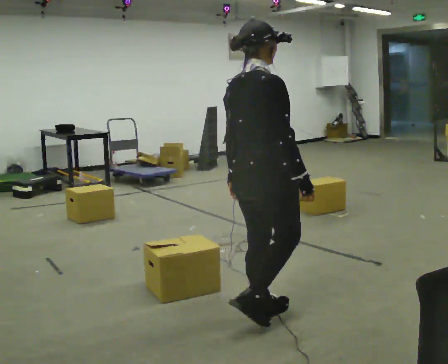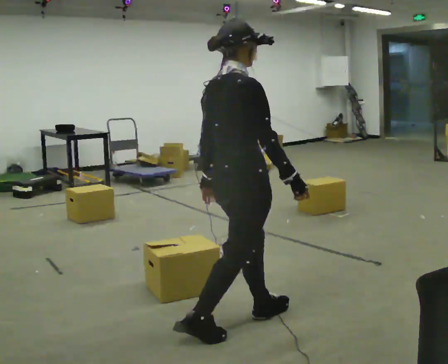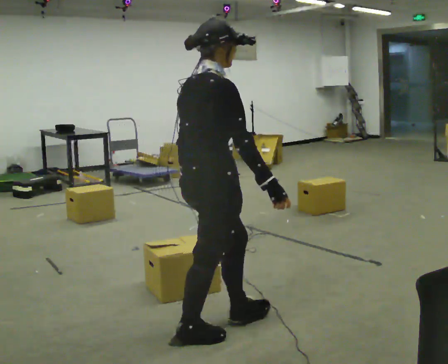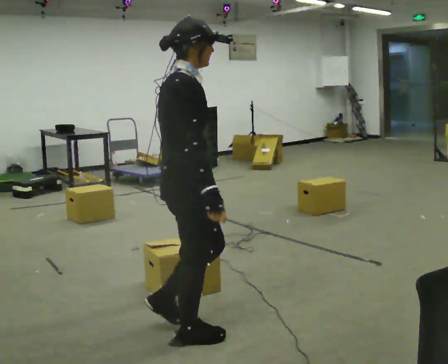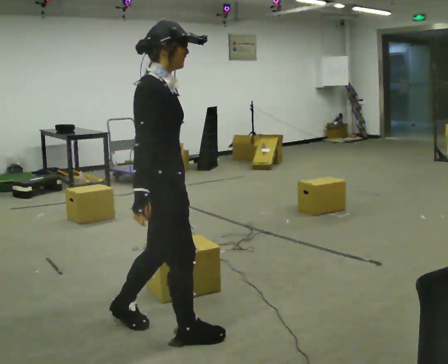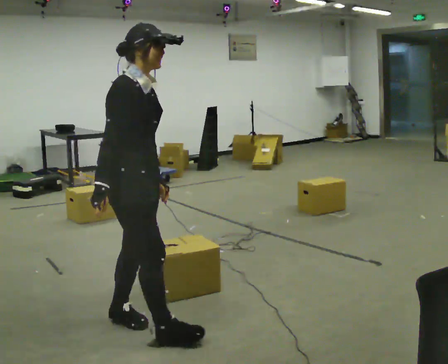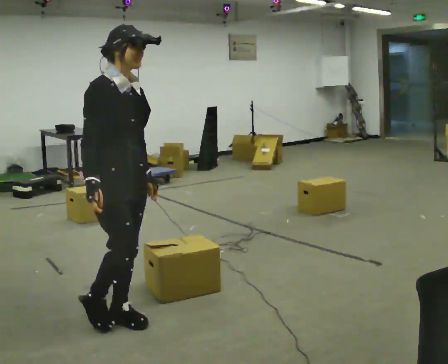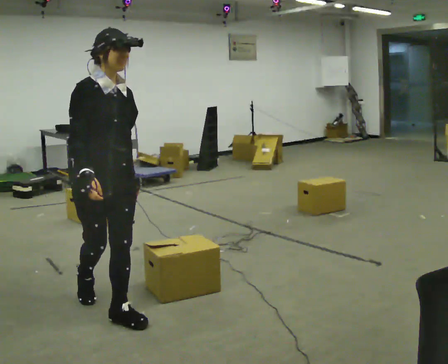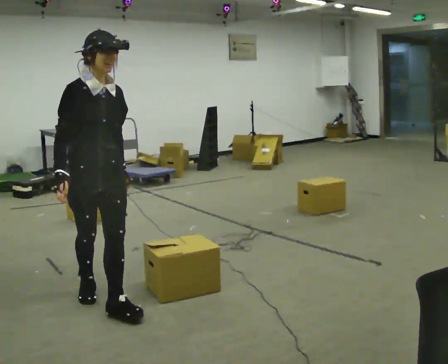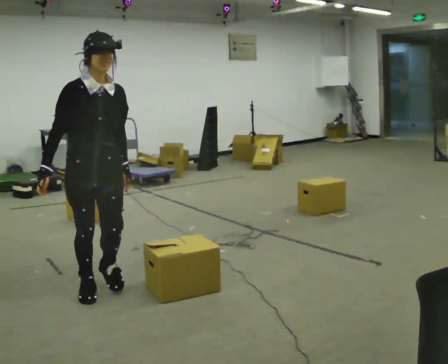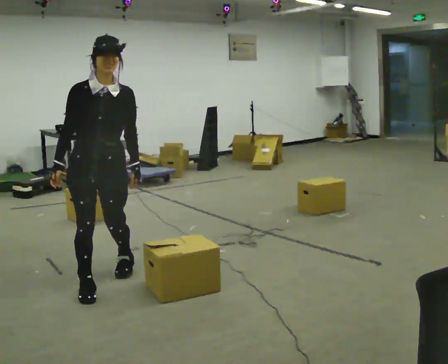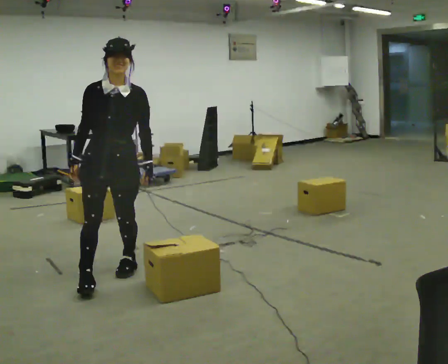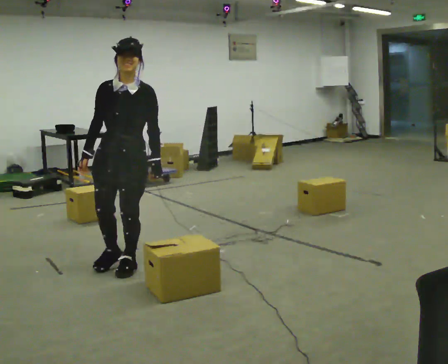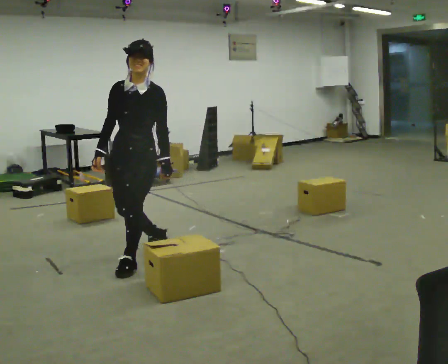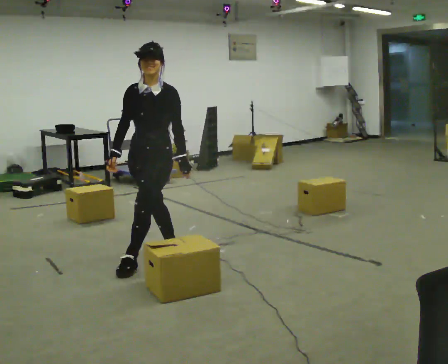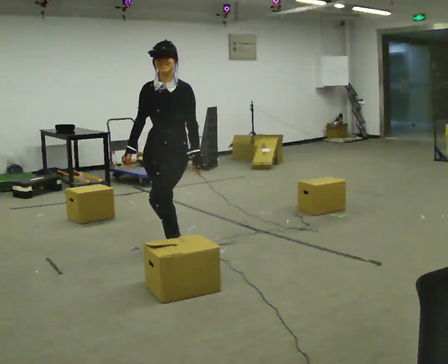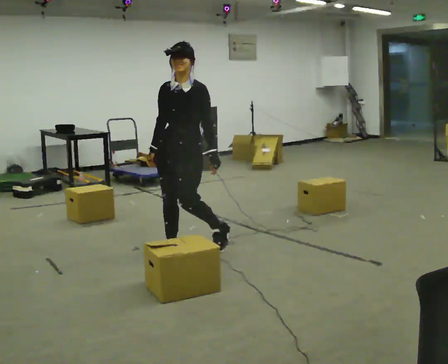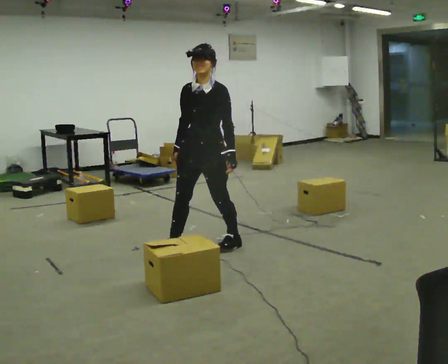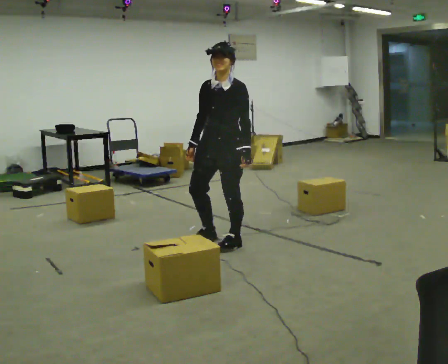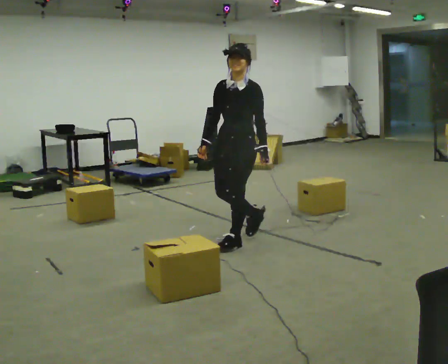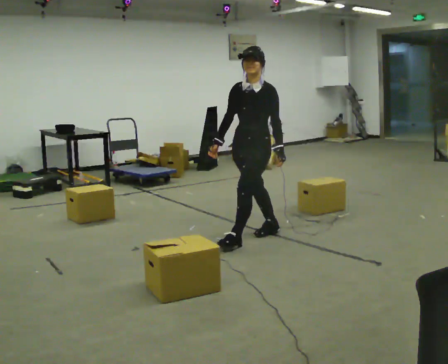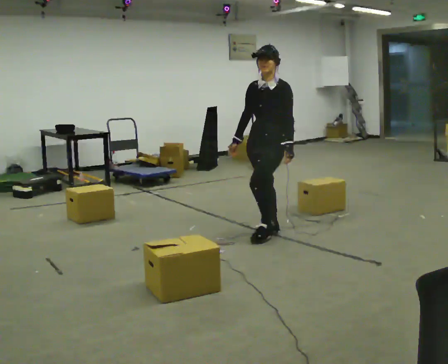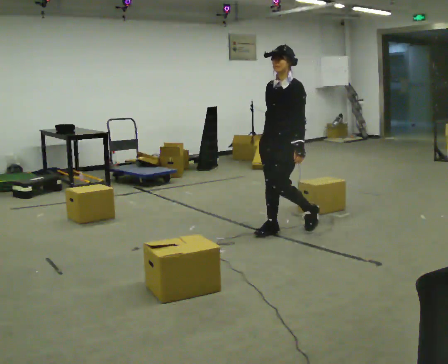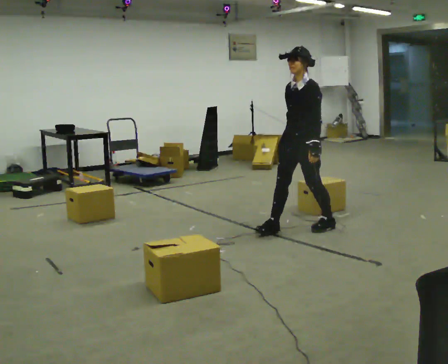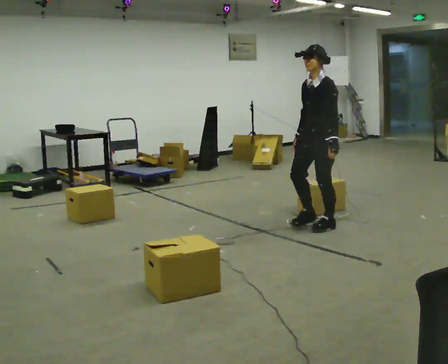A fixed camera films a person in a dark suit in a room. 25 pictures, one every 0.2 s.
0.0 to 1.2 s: Seen from above the body turns clockwise, about 60 degrees: to their right, with its near side sliding to the left. In the picture they go to the left, about 1 m in 2 steps.
1.2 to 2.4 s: The person turns about 75 degrees to their right, clockwise seen from above, so the part of the body nearest the lens slides to the left. In the picture they go away from the camera, about 1 m in 2 steps.
2.4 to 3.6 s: The person turns about 30 degrees to their right, clockwise seen from above, so the part of the body nearest the lens slides to the left. In the picture they go to the right and away from the camera, about 1 m in 2 steps, which for them is backward.
3.6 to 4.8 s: In the picture they go to the right, about 1 m in 2 steps, which for them is backward.
The film runs backward here.
